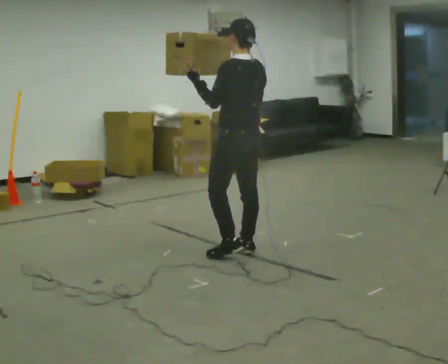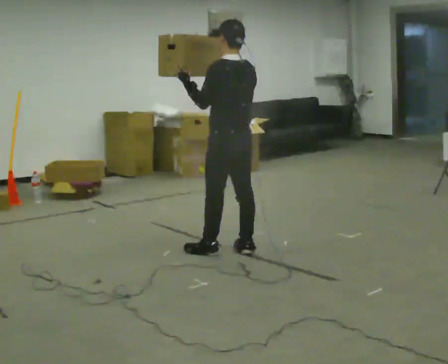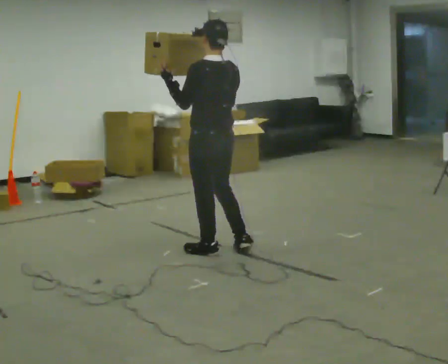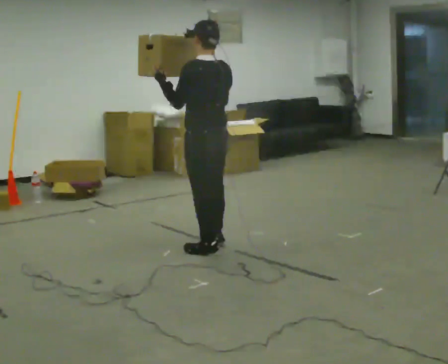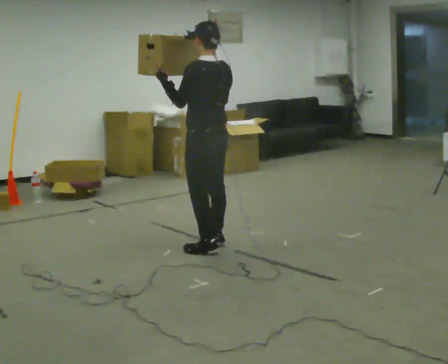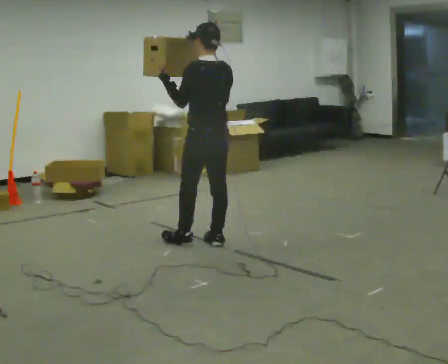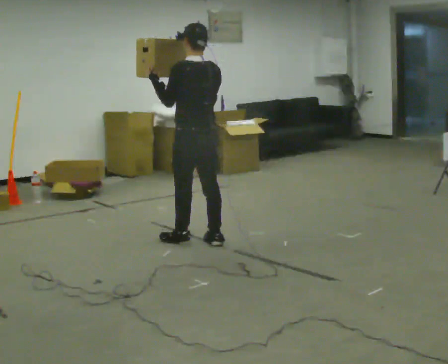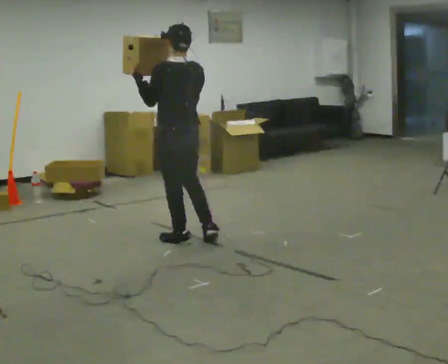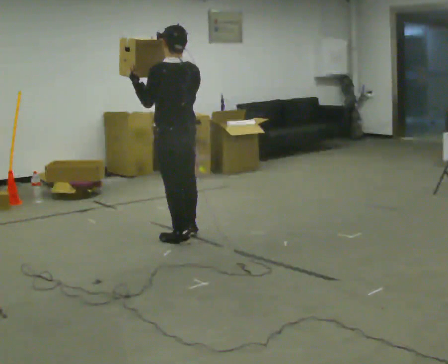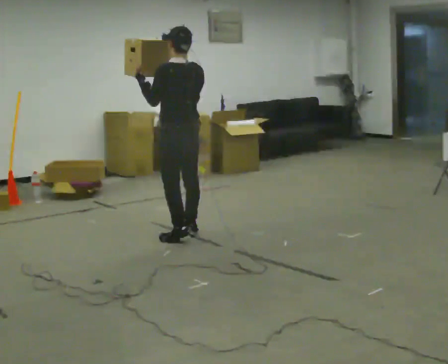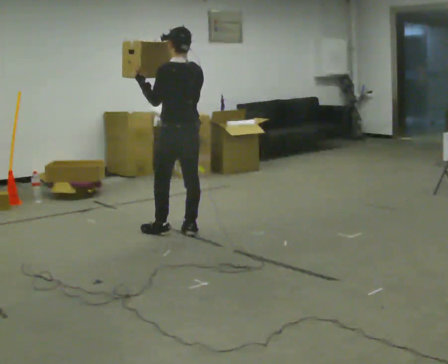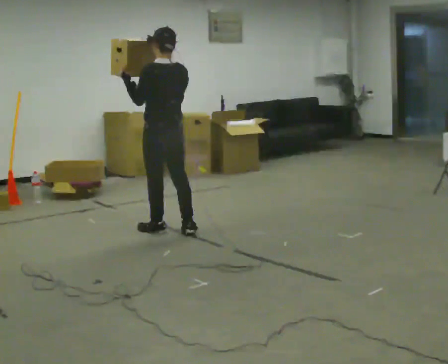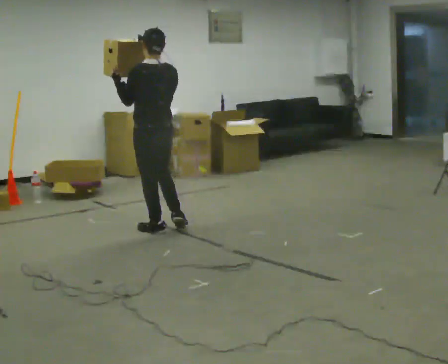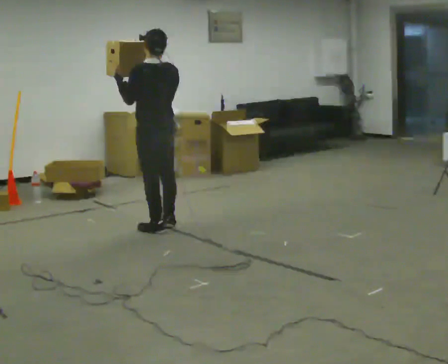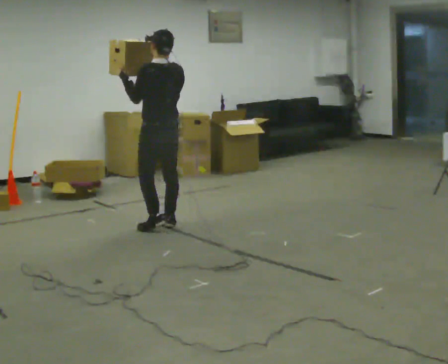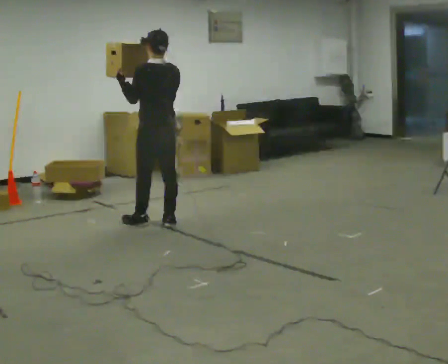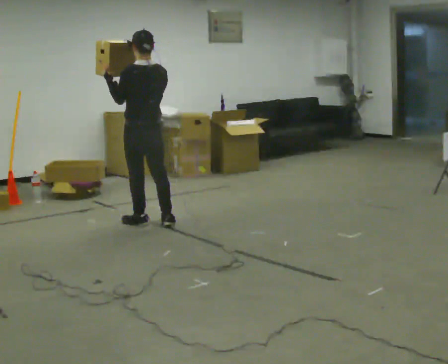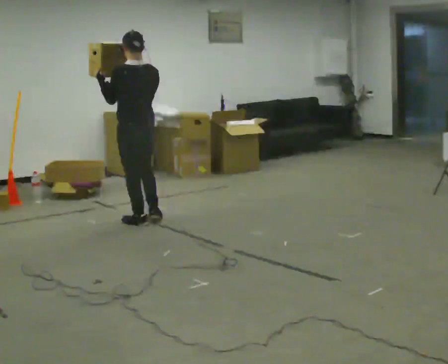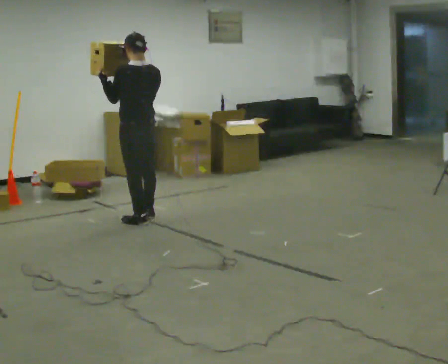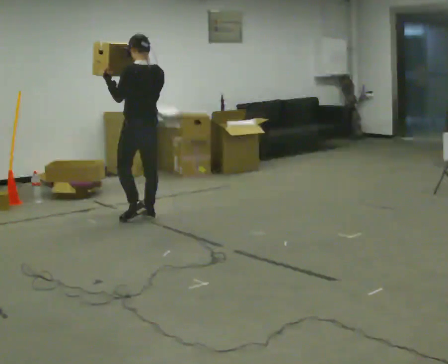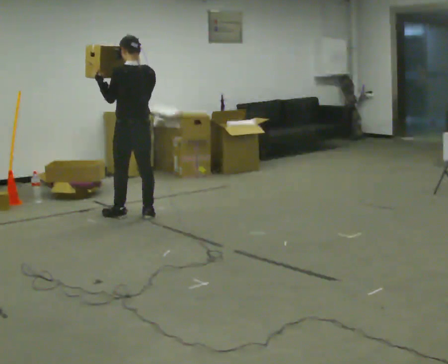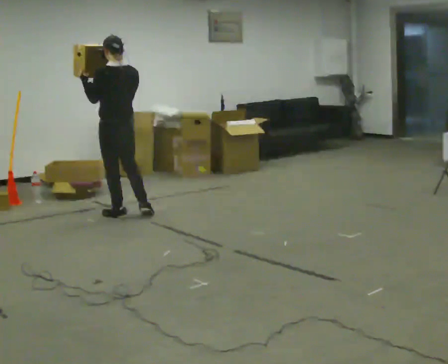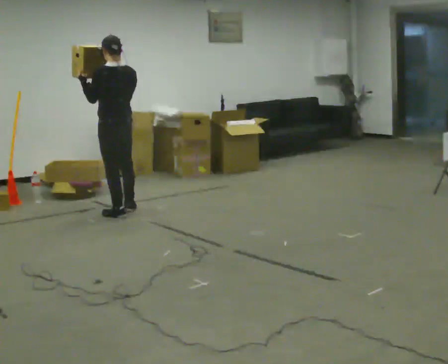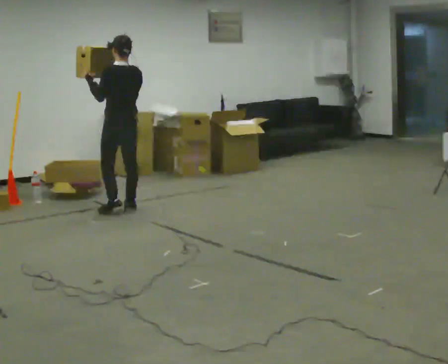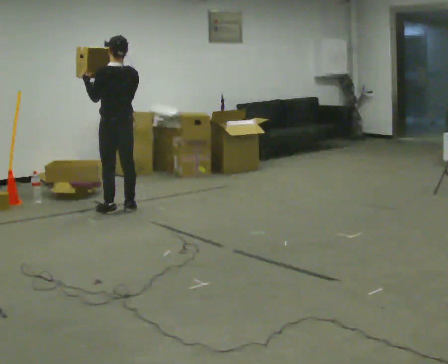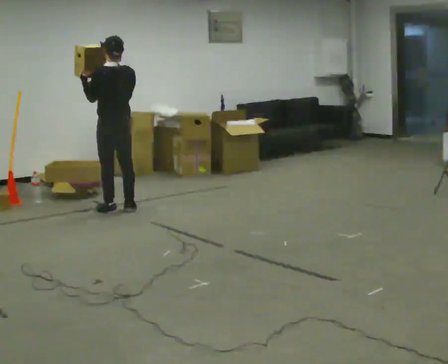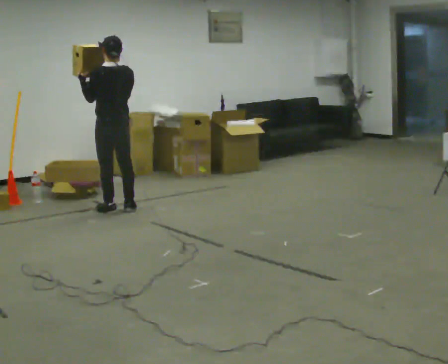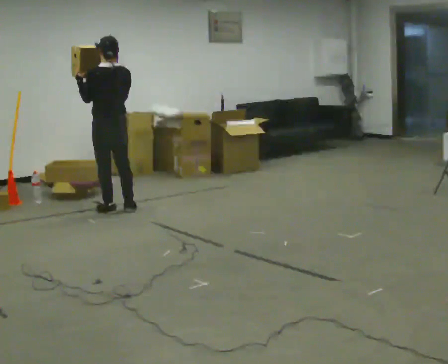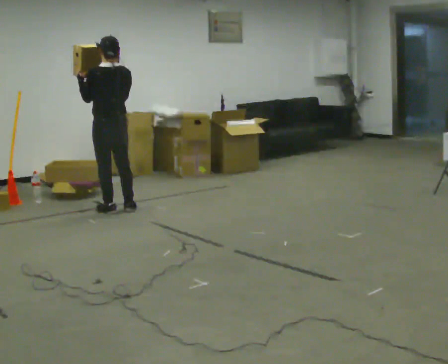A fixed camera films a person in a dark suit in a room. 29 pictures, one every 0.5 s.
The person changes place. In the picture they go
away from the camera.
0.0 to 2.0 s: In the picture they go away from the camera and to the left, about 0.25 m in 2 steps, which for them is forward.
2.0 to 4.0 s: In the picture they go away from the camera and to the left, about 0.25 m in 2 steps, which for them is forward.
4.0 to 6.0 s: In the picture they go away from the camera and to the left, about 0.25 m in 1 step, which for them is forward.
6.0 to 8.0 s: In the picture they go away from the camera, about 0.25 m in 2 steps, which for them is forward.
8.0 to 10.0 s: In the picture they go away from the camera, about 0.25 m in 2 steps, which for them is forward.
10.0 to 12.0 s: In the picture they go away from the camera, about 0.25 m in 2 steps, which for them is forward.
12.0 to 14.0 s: The person moves a little, or ends about where they began.
The film runs forward here.
